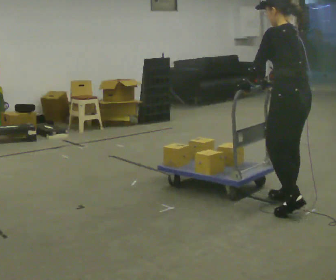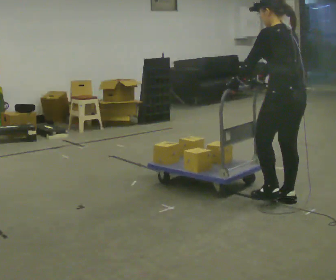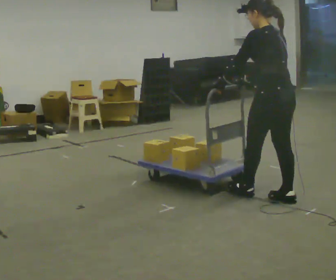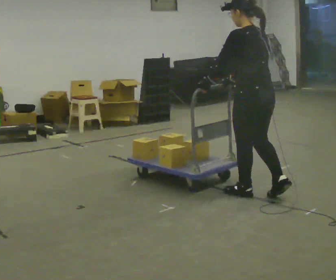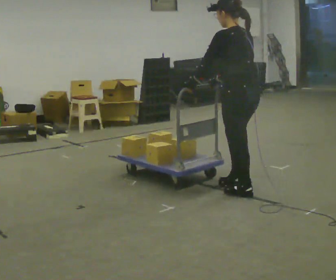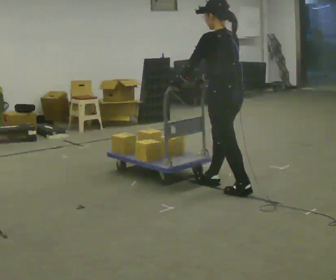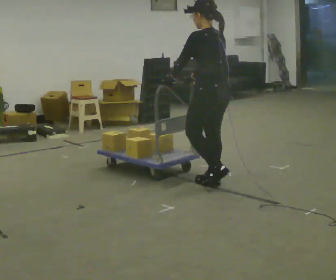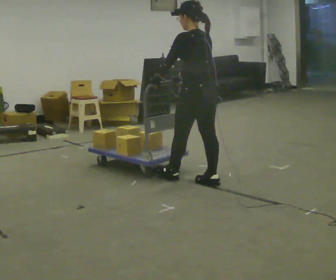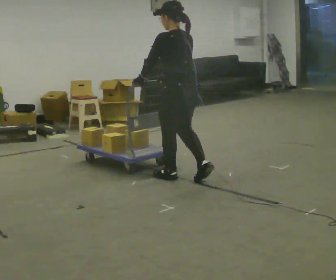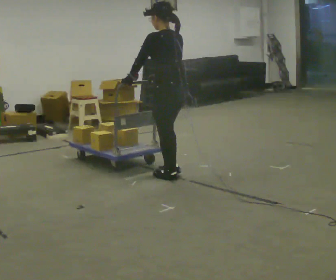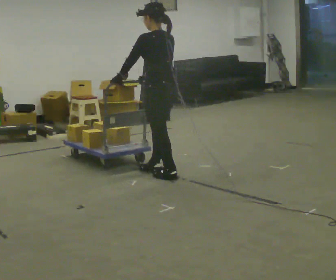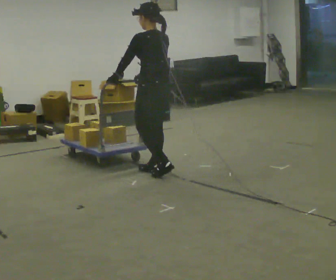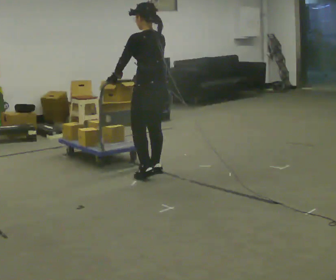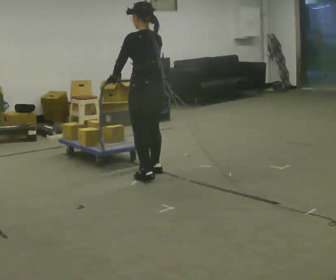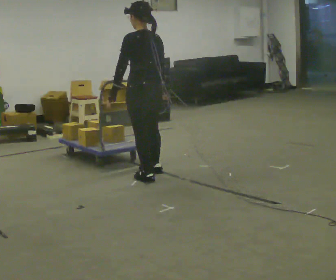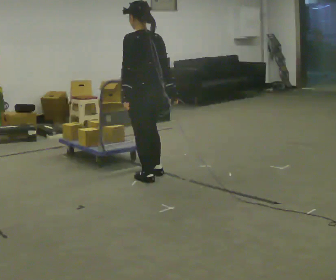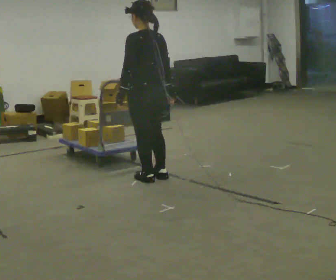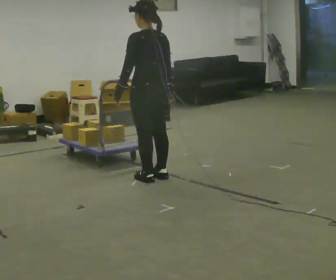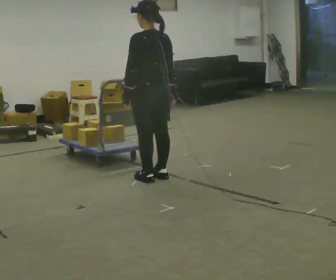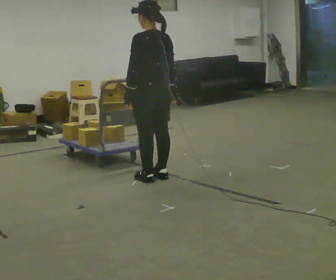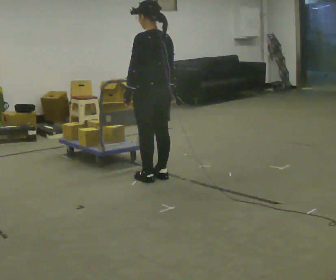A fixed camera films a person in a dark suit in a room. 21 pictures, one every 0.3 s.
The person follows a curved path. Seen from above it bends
counterclockwise.
0.0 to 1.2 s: In the picture they go away from the camera and to the left, about 0.5 m in 1 step, which for them is forward.
1.2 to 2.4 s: In the picture they go away from the camera and to the left, about 0.75 m in 2 steps, which for them is forward.
2.4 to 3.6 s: In the picture they go to the left and away from the camera, about 0.25 m in 1 step, which for them is forward.
3.6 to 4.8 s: In the picture they go toward the camera, about 0.25 m in 2 steps, which for them is to their left and backward.
4.8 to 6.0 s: The person moves a little, or ends about where they began.
The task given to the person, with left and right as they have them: Get the cart into the marked parking space and lined up with the tape. Take as many adjustments as you need. Then take it out again and repeat.
The film runs forward here.
